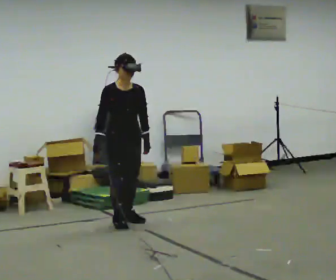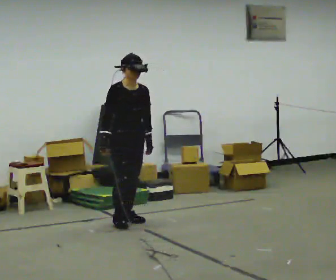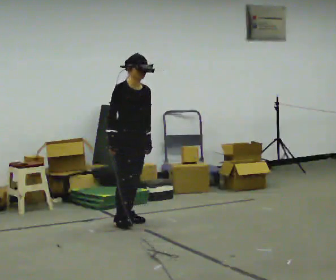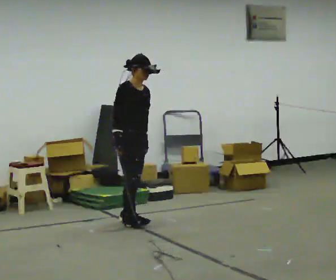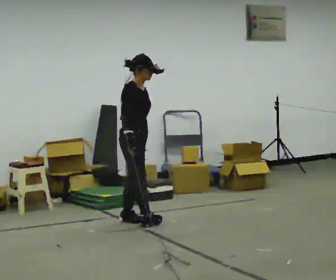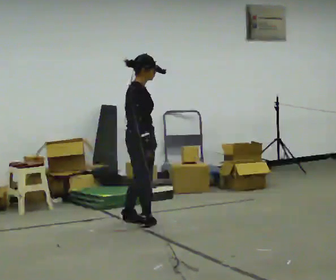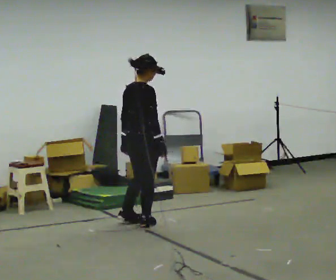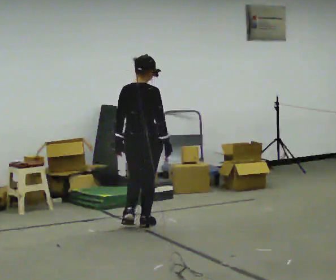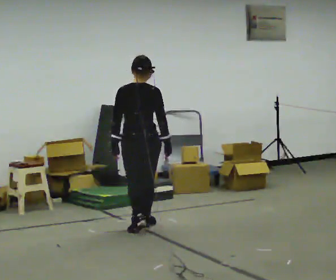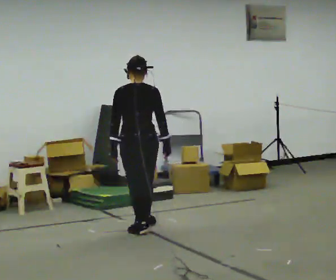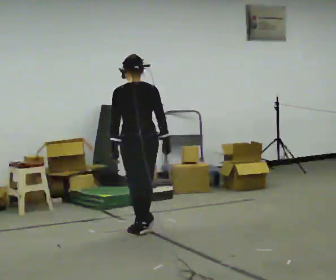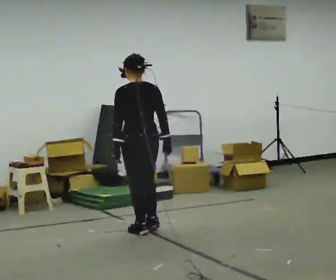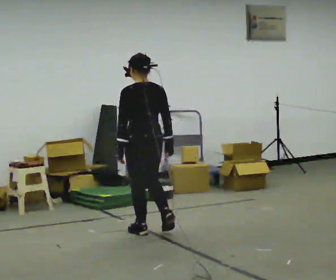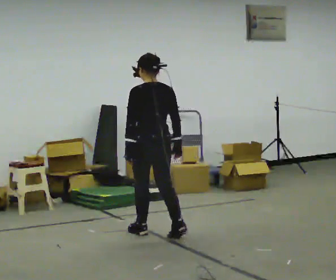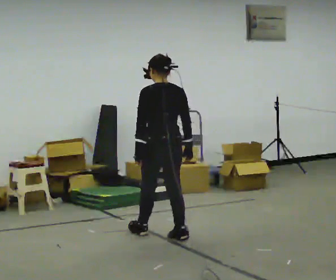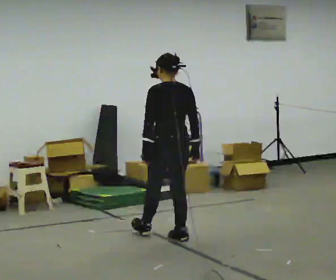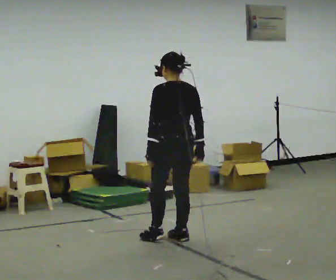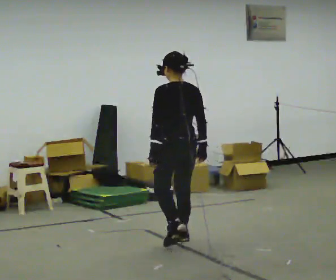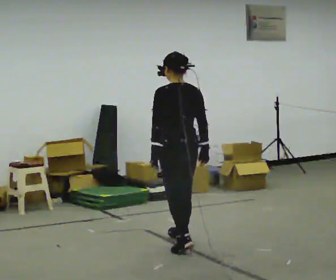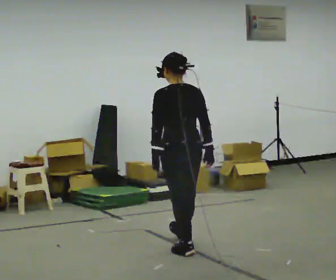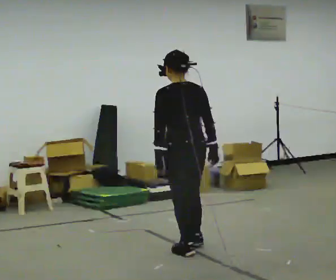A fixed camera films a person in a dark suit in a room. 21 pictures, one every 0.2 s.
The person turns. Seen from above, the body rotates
counterclockwise.
The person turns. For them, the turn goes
to their left.
0.0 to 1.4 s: Seen from above the body turns counterclockwise, about 135 degrees: to their left, with its near side sliding to the right. In the picture they go toward the camera, about 0.25 m in 2 steps. In the picture their right hand goes to the right, the arm swinging counterclockwise.
1.4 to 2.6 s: The person turns about 45 degrees to their left, counterclockwise seen from above, so the part of the body nearest the lens slides to the right. In the picture they go toward the camera, about 0.25 m in 1 step, which for them is backward.
2.6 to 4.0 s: In the picture they go toward the camera and to the right, about 0.5 m in 2 steps, which for them is backward.
The film runs backward here.
